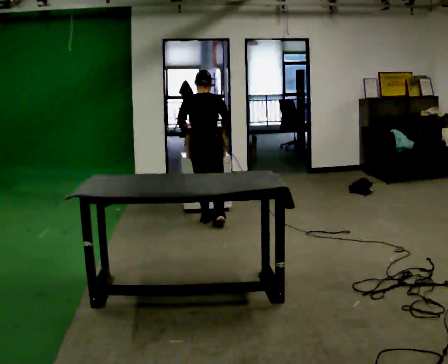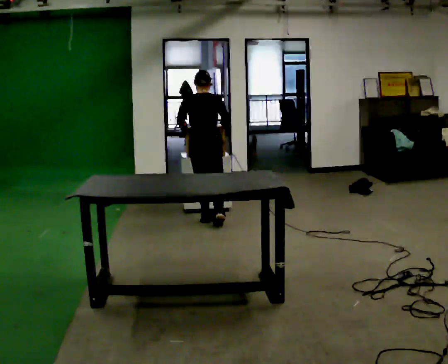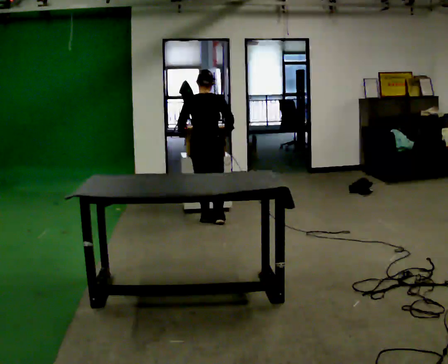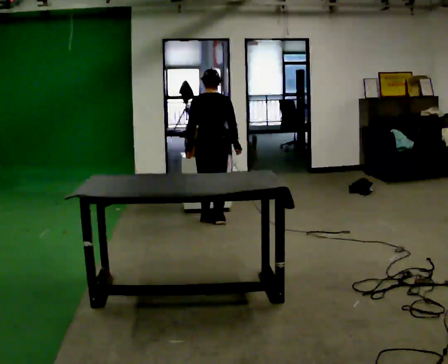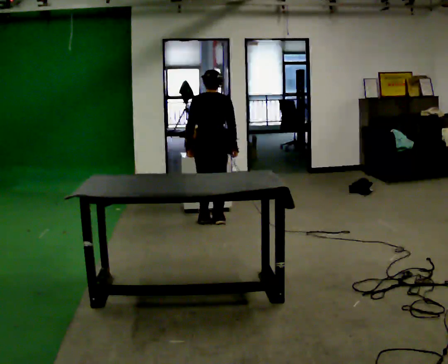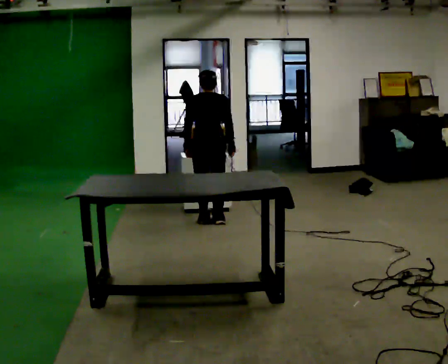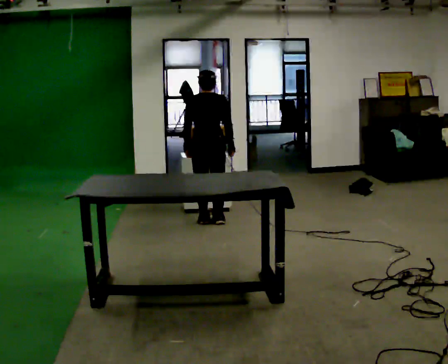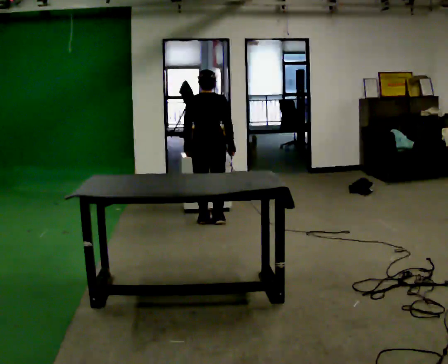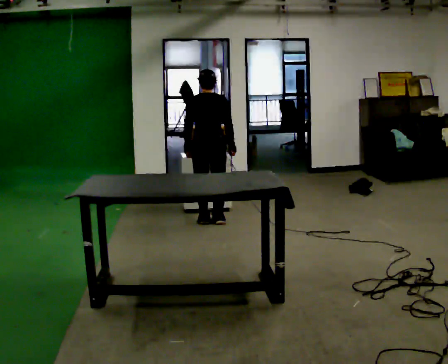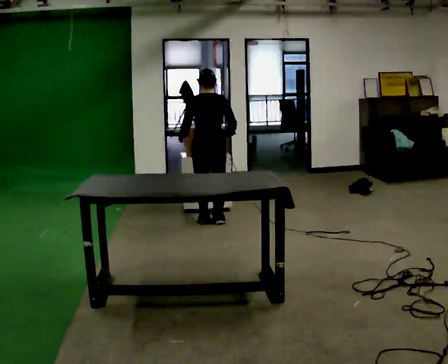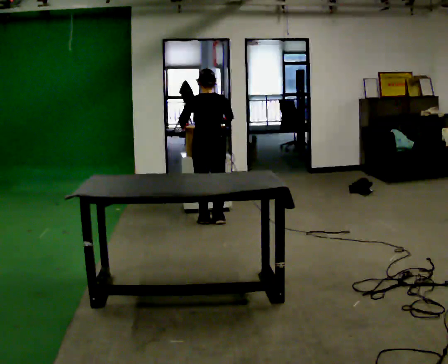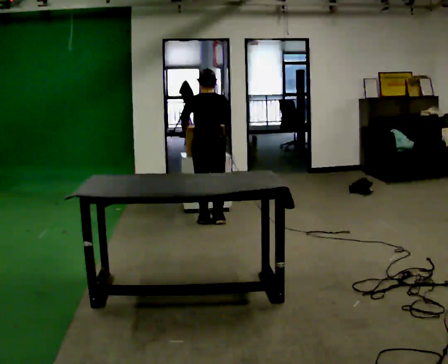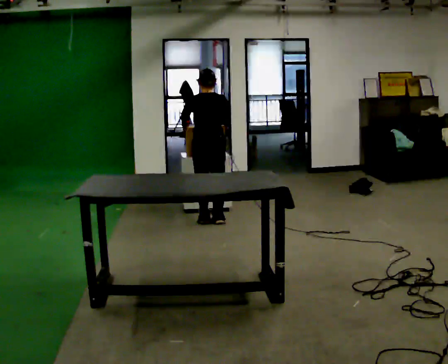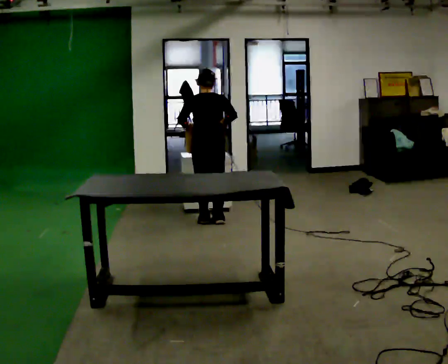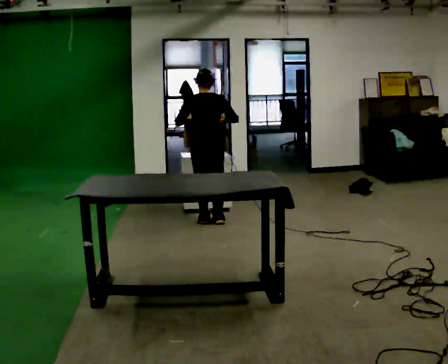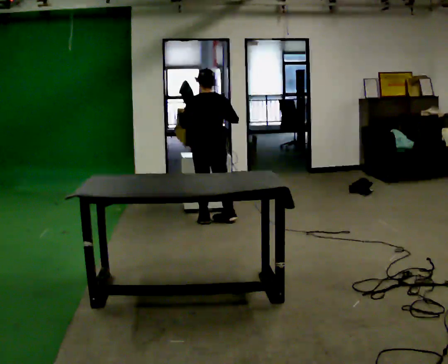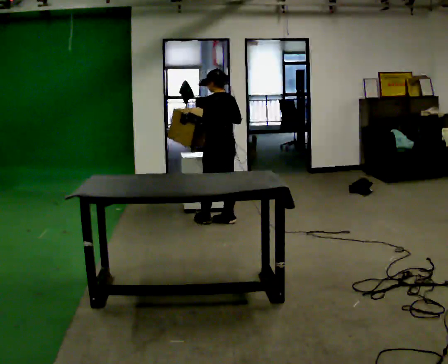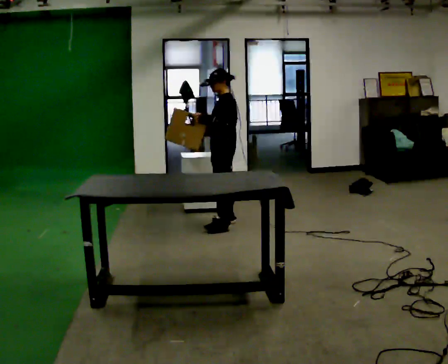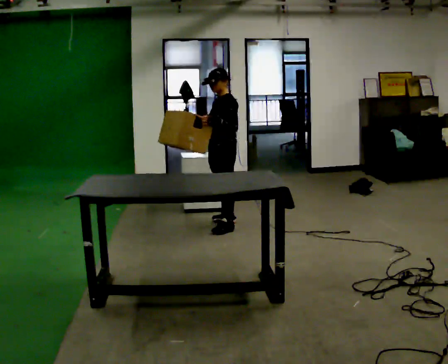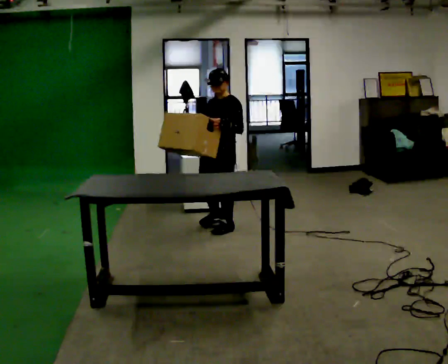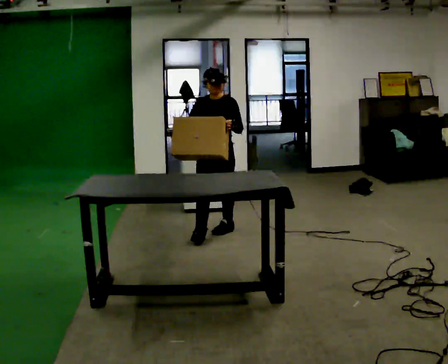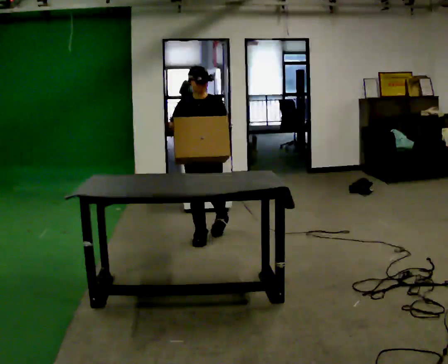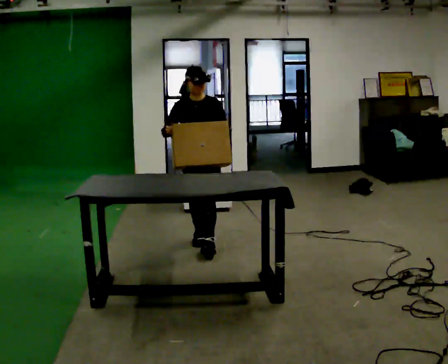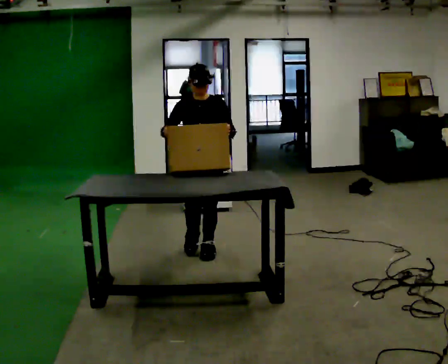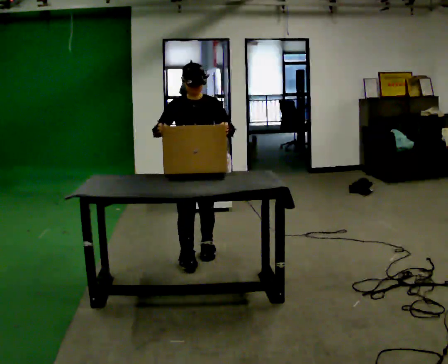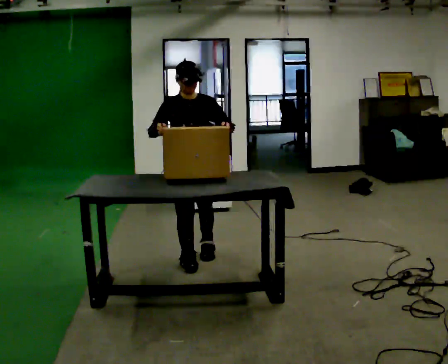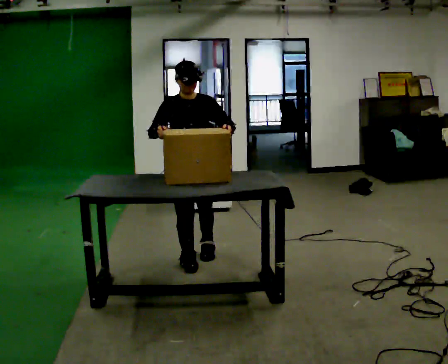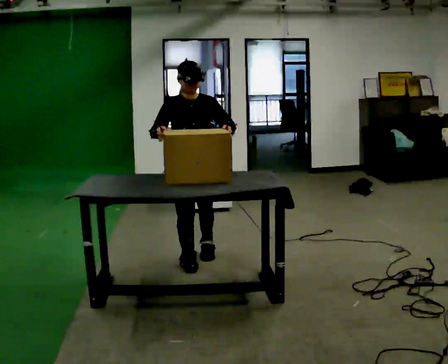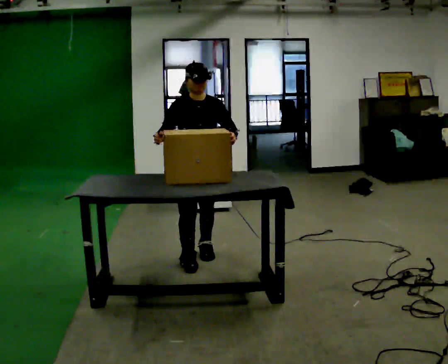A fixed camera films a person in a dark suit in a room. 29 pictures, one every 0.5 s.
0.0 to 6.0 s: The person moves a little, or ends about where they began.
6.0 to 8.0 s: The person turns about 45 degrees to their left, counterclockwise seen from above, so the part of the body nearest the lens slides to the right.
8.0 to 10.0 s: The part of the body nearest the lens slides to the right as the person turns to their left by about 120 degrees. In the picture they go toward the camera, about 0.5 m in 2 steps.
10.0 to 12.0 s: In the picture they go toward the camera, about 0.75 m in 2 steps, which for them is forward.
12.0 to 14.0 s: The person moves a little, or ends about where they began.
The film runs forward here.
